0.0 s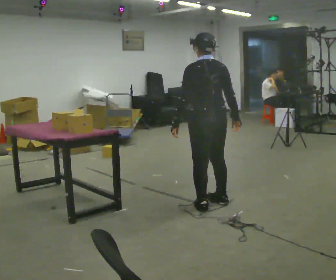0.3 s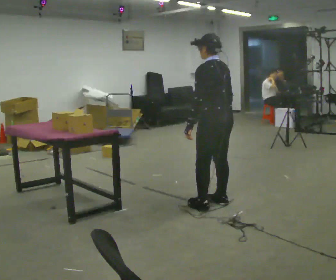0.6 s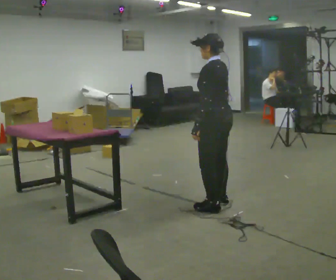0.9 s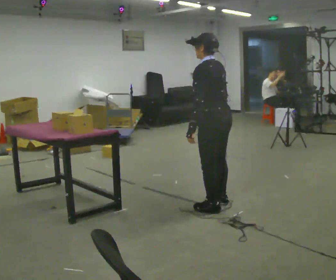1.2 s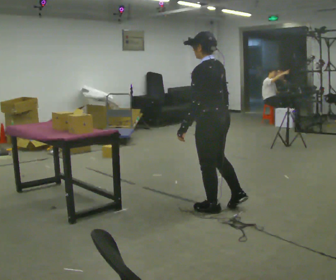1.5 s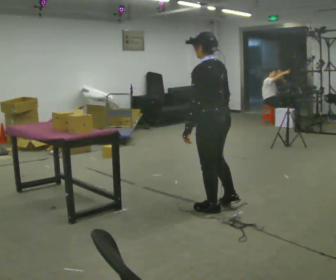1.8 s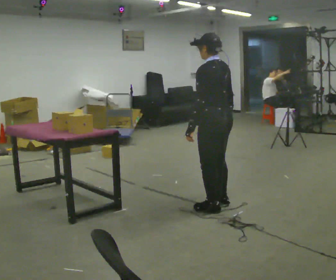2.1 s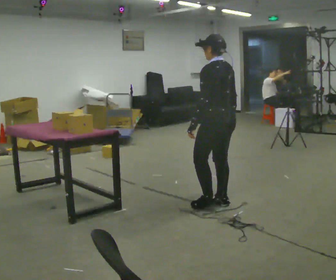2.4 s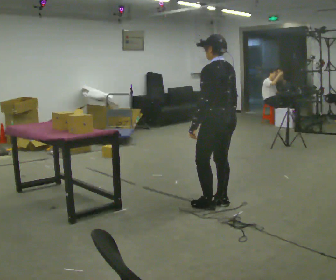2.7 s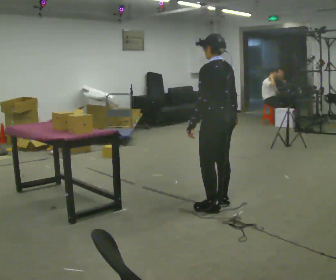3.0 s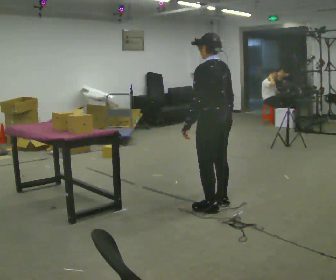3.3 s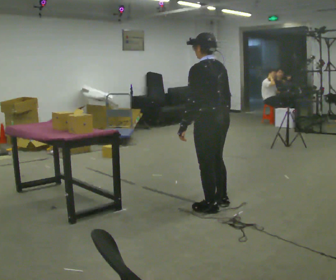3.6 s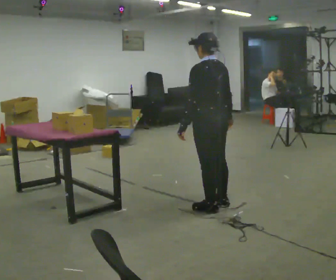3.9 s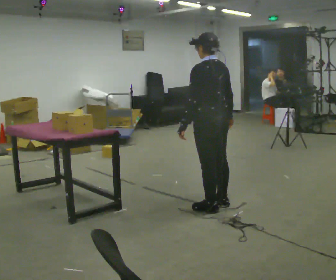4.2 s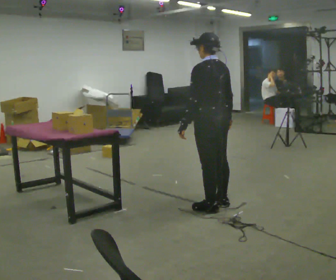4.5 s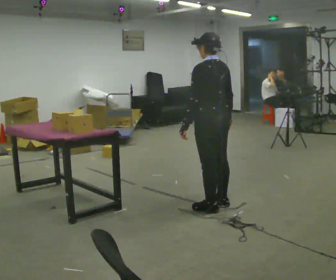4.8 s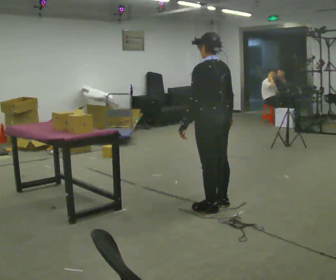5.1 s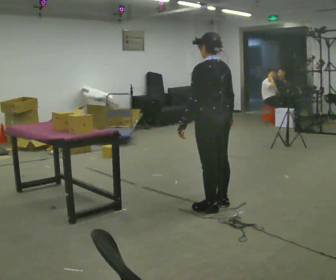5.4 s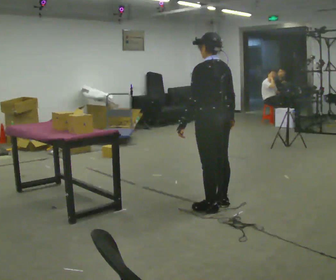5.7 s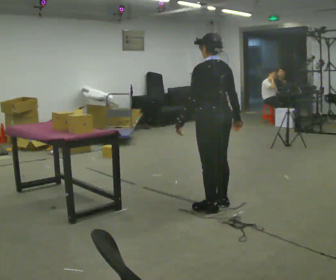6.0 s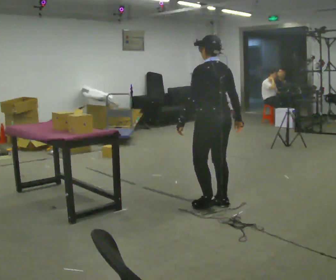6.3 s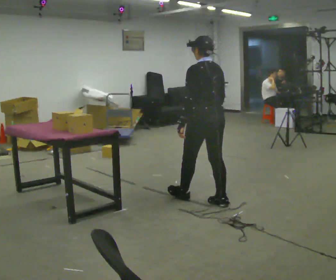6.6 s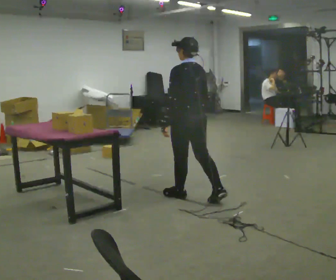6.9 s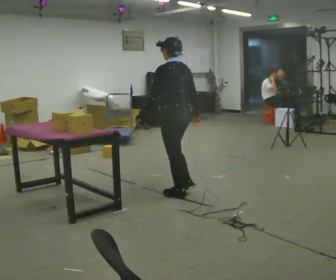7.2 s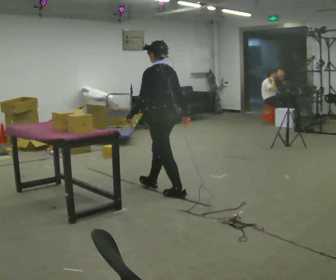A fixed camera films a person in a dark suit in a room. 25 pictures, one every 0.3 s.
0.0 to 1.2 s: Seen from above the body turns counterclockwise, about 30 degrees: to their left, with its near side sliding to the right.
1.2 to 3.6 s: The person moves a little, or ends about where they began.
3.6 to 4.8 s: The person keeps their place and pose.
4.8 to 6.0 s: The person moves a little, or ends about where they began.
6.0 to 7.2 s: In the picture they go to the left and away from the camera, about 0.75 m in 2 steps, which for them is forward.
The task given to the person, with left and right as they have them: The operator will name an object. Go and find it, bring it back, and hand it over. Then wait for the next one.
The film runs forward here.
